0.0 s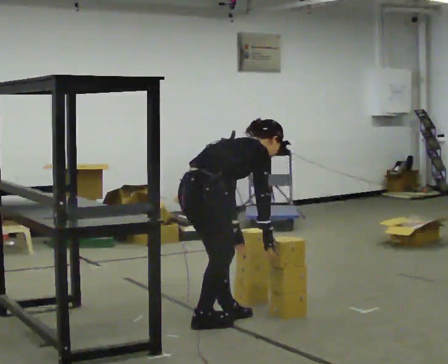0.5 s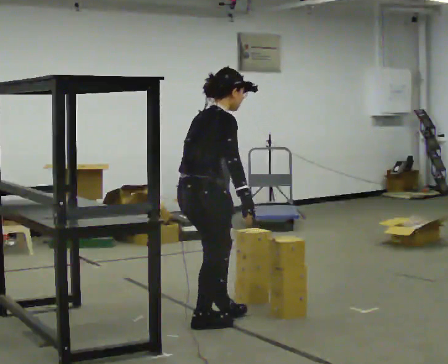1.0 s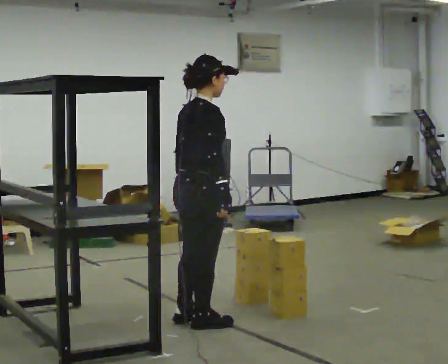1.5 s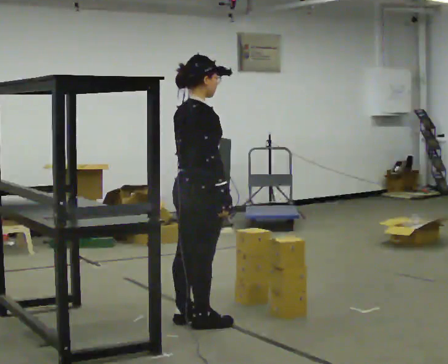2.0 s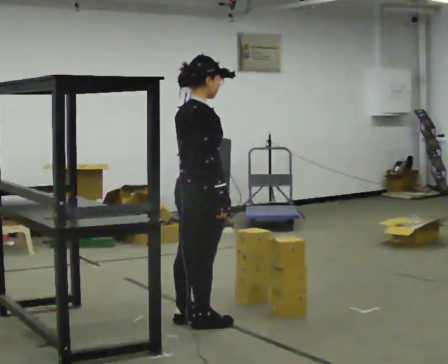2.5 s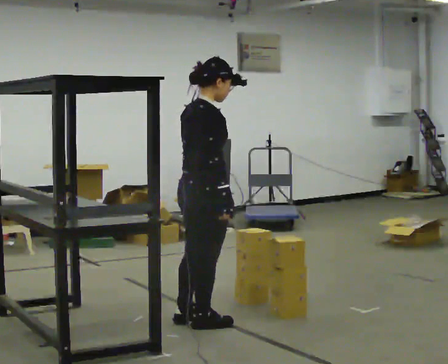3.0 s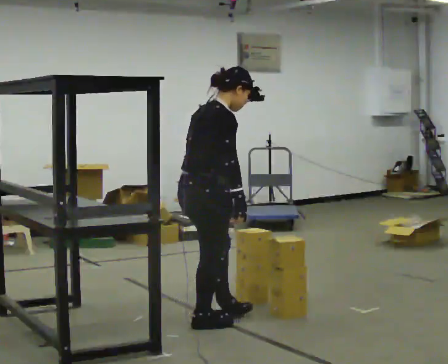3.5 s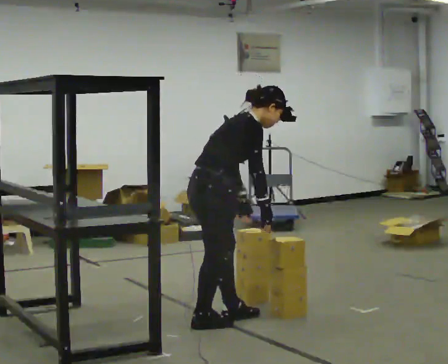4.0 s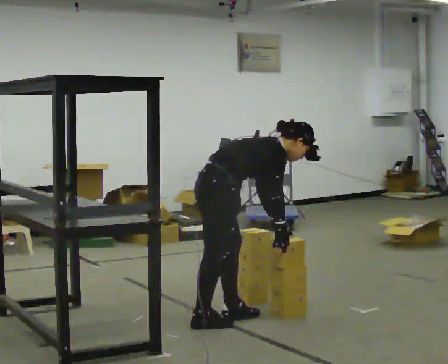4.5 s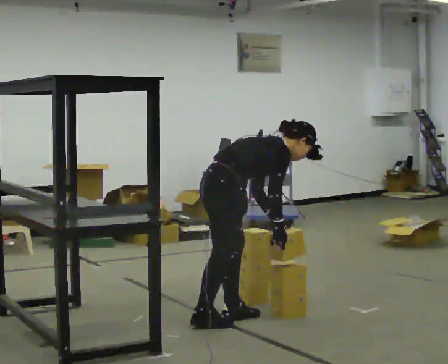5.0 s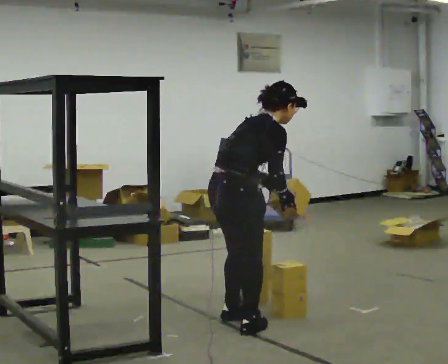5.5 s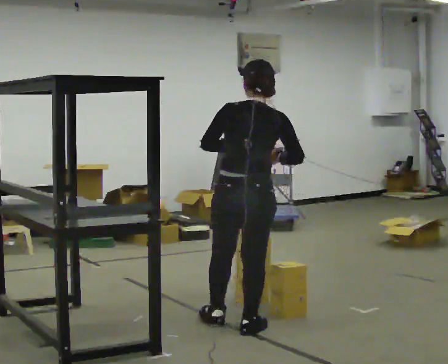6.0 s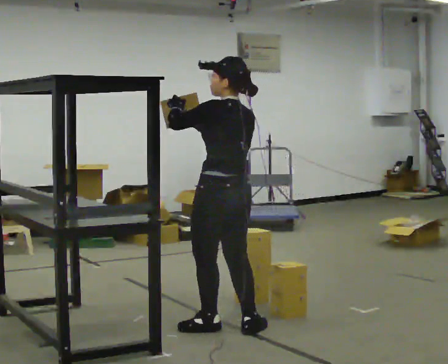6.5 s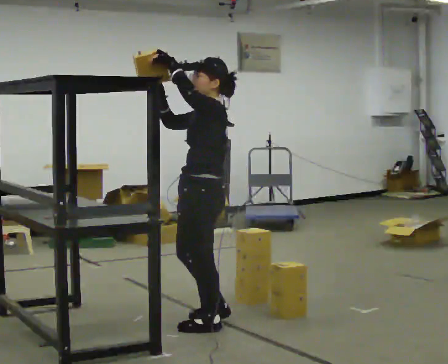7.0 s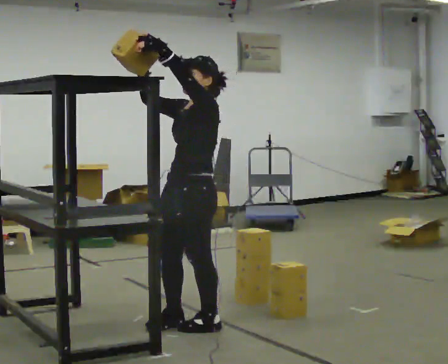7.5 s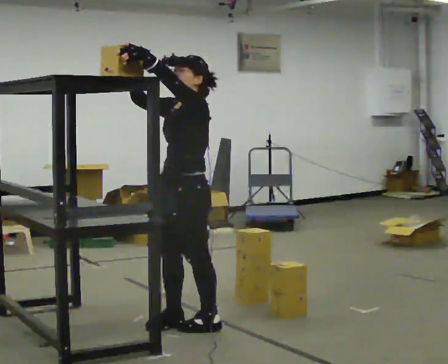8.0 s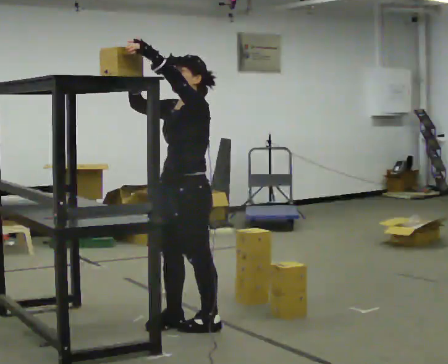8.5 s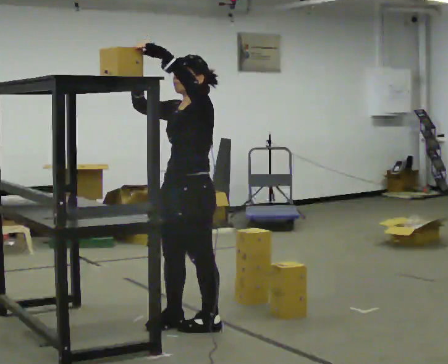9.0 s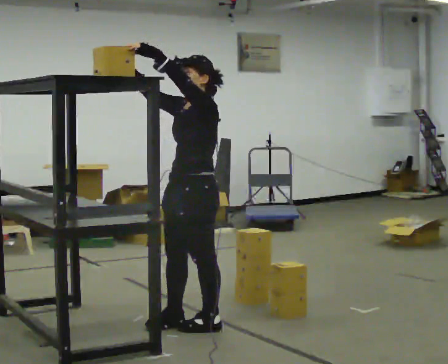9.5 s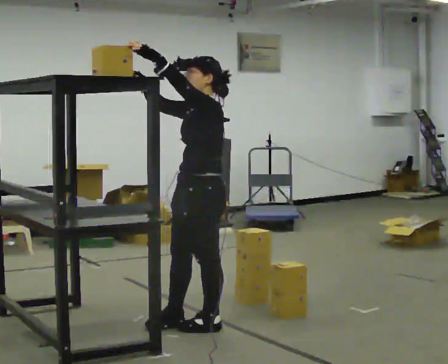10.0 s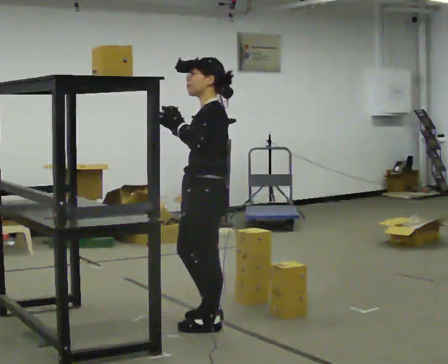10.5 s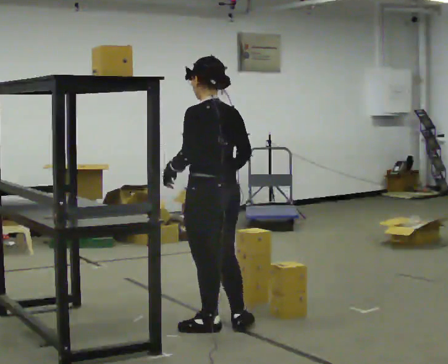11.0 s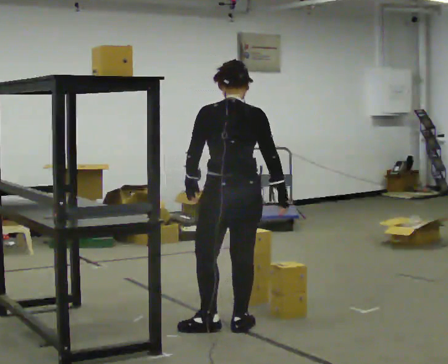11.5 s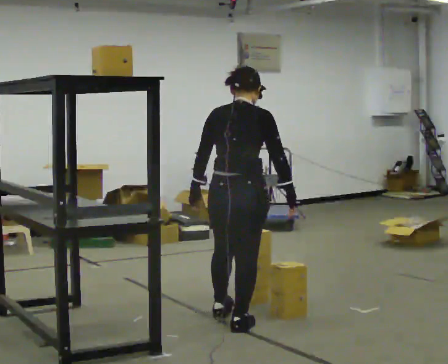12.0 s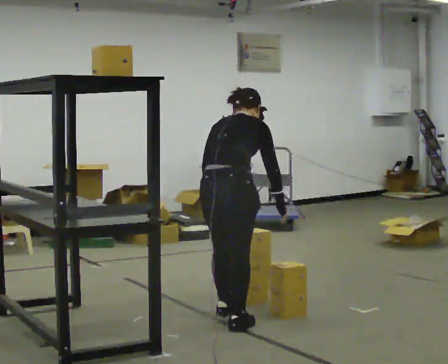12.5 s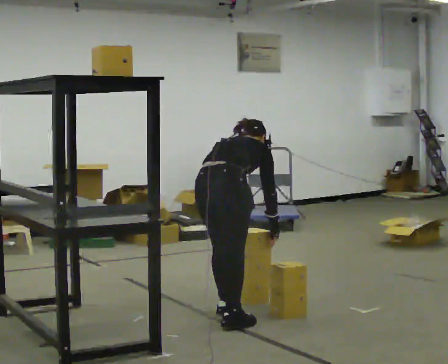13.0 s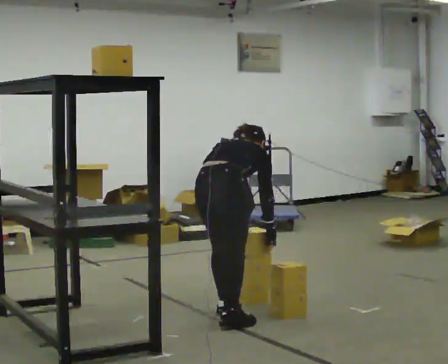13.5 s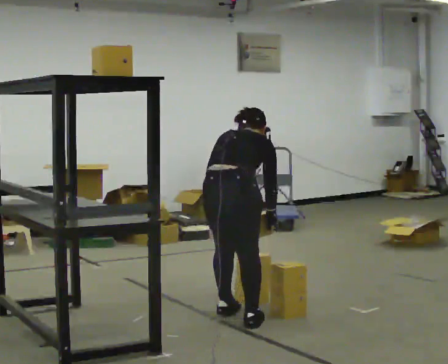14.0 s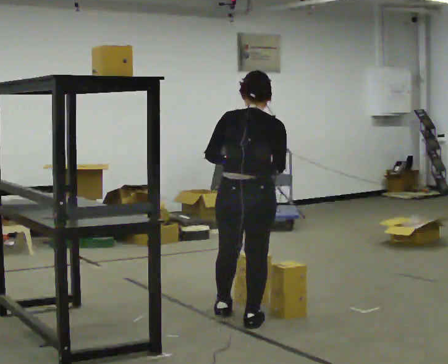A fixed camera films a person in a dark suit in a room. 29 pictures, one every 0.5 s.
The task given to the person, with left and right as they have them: Take an object down from the highest shelf you can comfortably reach, carry it across the room, and set it on the floor. Keep going until the operator says stop; one object at a time, and do not rush between trips.
0.0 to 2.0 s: The shoulders move upward. In the picture the upper body tilts counterclockwise, shoulders to the left, as they lean back or straighten.
2.0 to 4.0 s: The shoulders move downward. In the picture the upper body tilts clockwise, shoulders to the right, as they bend forward. In the picture their left hand goes to the right.
4.0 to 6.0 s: The person turns about 120 degrees to their left, counterclockwise seen from above, so the part of the body nearest the lens slides to the right. In the picture they go toward the camera, about 0.25 m in 2 steps. The upper body goes upward. In the picture the upper body tilts counterclockwise, shoulders to the left, as they lean back or straighten. In the picture their left hand goes upward.
6.0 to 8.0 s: The person turns about 75 degrees to their left, counterclockwise seen from above, so the part of the body nearest the lens slides to the right. In the picture they go to the left, about 0.25 m in 1 step.
8.0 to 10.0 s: Seen from above the body turns clockwise, about 30 degrees: to their right, with its near side sliding to the left.
10.0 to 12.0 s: The part of the body nearest the lens slides to the left as the person turns to their right by about 120 degrees. In the picture they go away from the camera, about 0.25 m in 2 steps. The upper body tips away from the camera, its near side rolling upward, as they bend forward. In the picture their right hand goes to the right and downward.
12.0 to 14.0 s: The part of the body nearest the lens slides to the right as the person turns to their left by about 30 degrees.
The film runs forward here.
